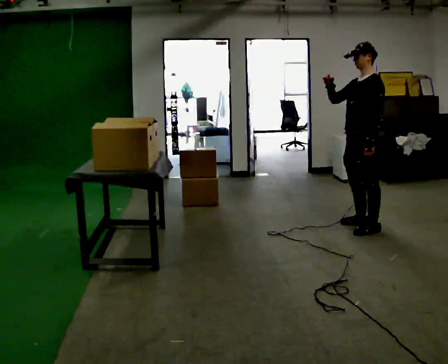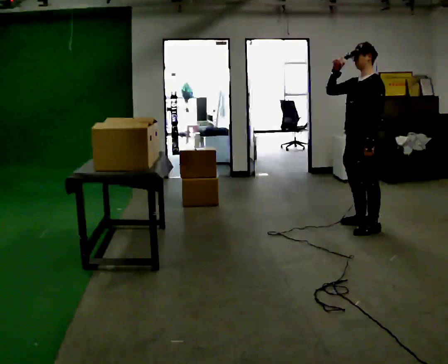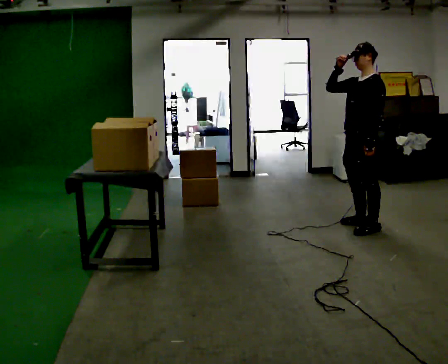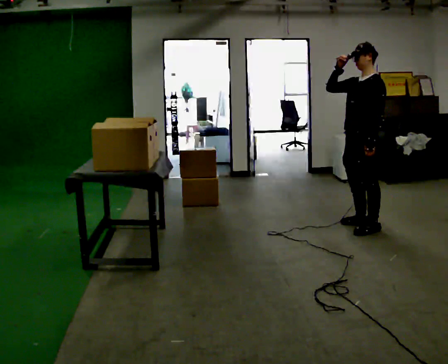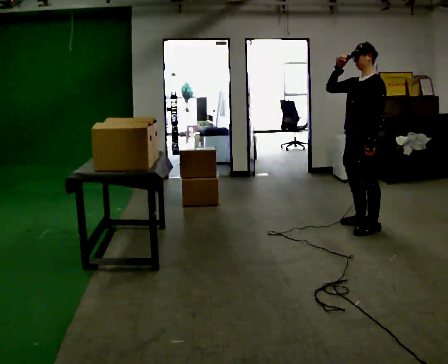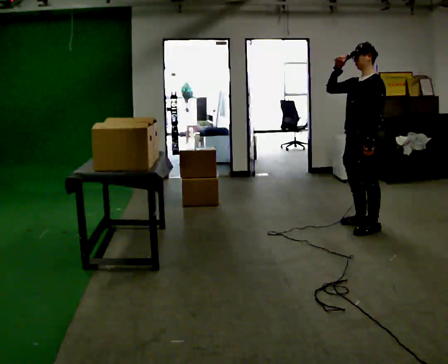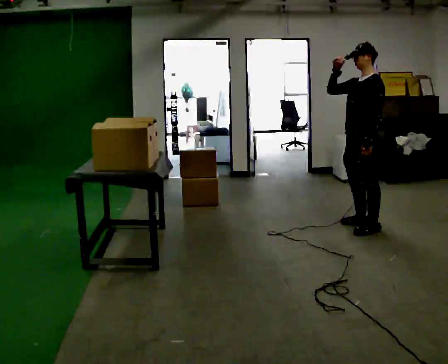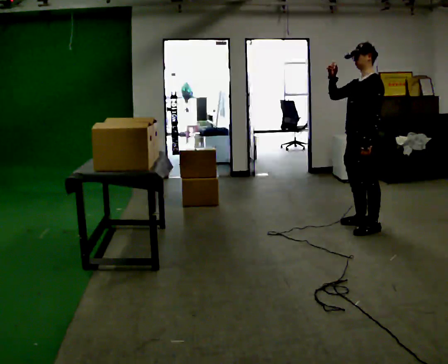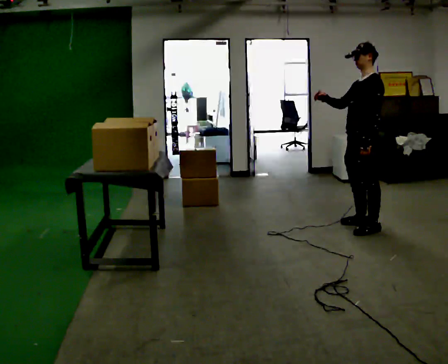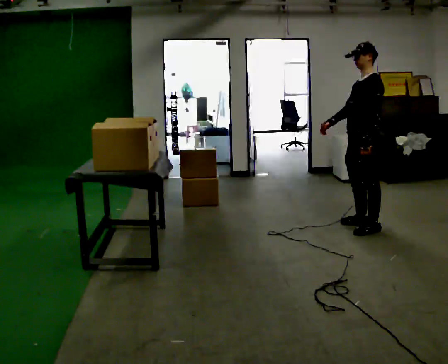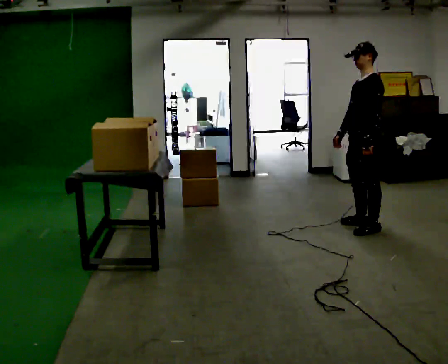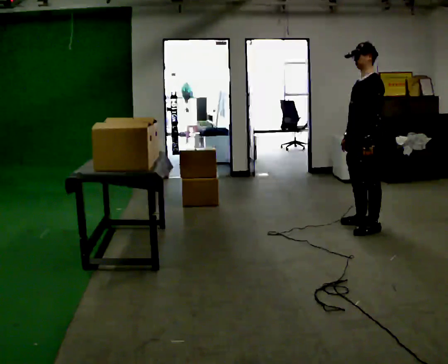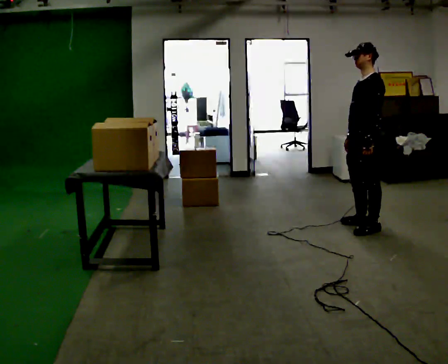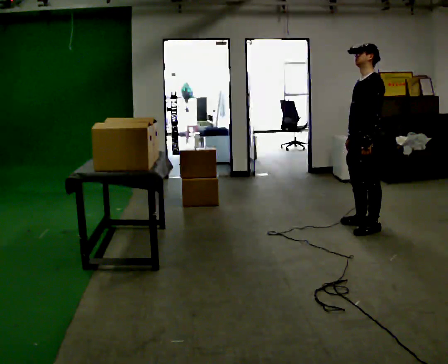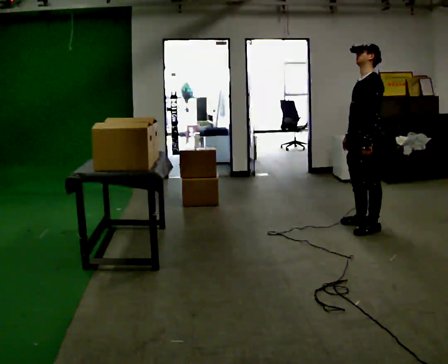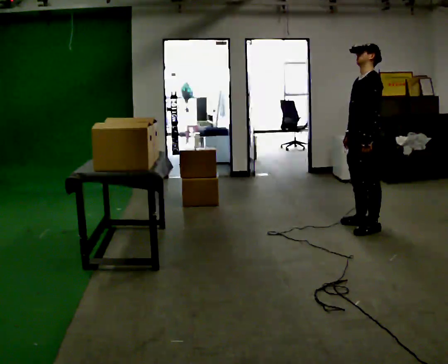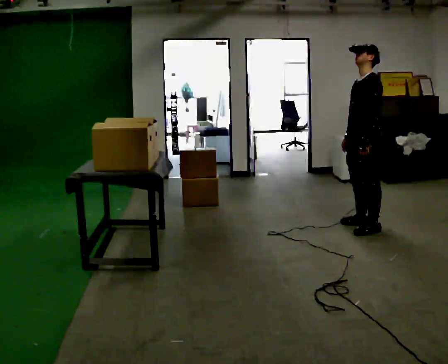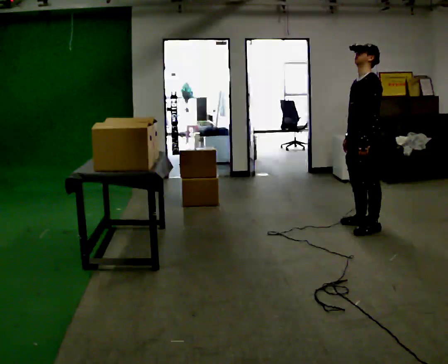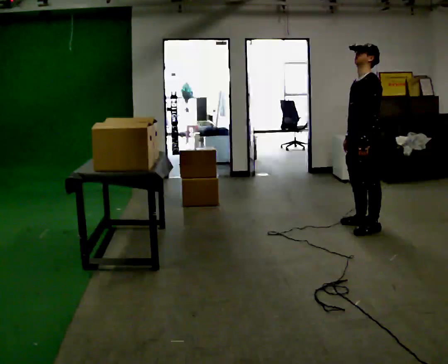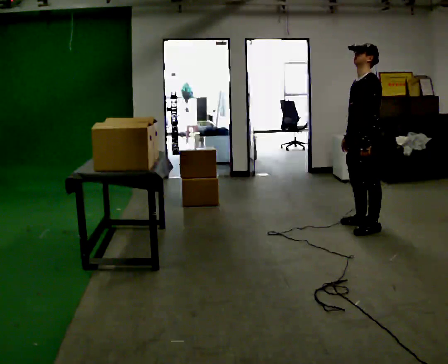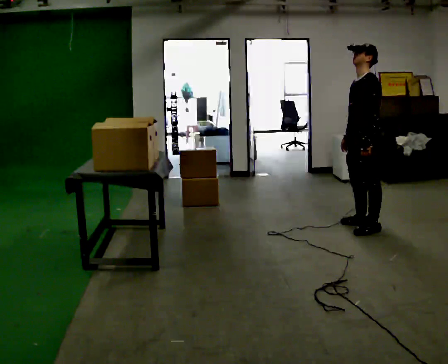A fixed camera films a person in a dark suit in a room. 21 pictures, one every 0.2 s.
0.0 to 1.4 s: The person moves a little, or ends about where they began.
1.4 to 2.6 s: In the picture their right hand goes downward, the arm swinging counterclockwise.
2.6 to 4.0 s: The person moves a little, or ends about where they began.
The film runs backward here.
